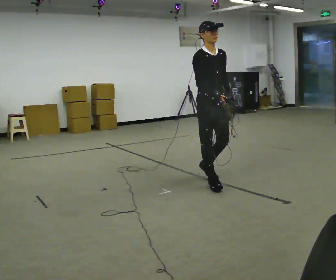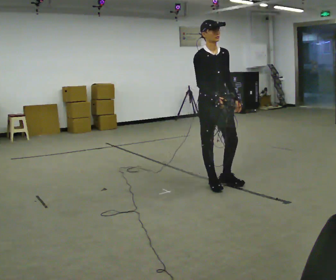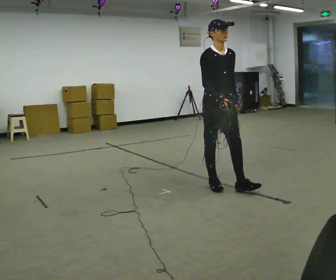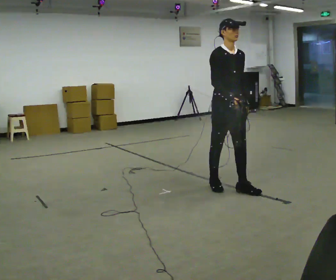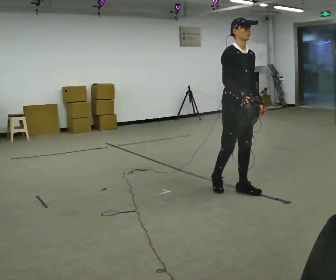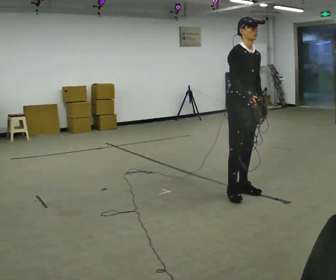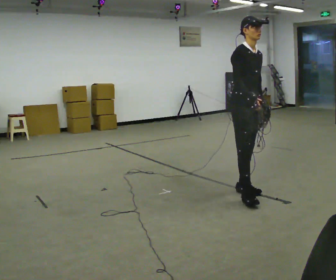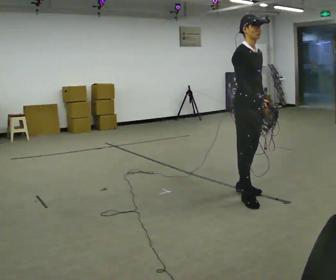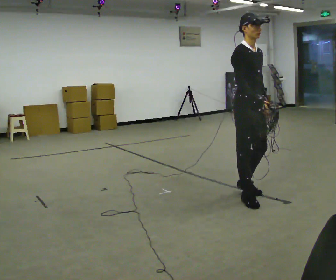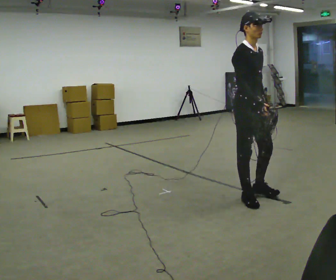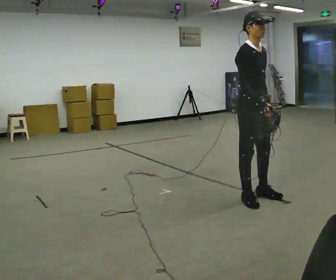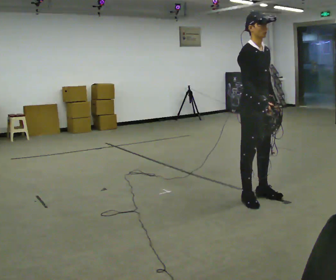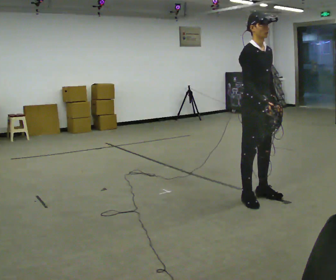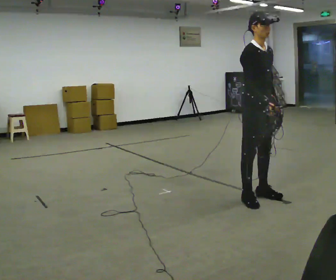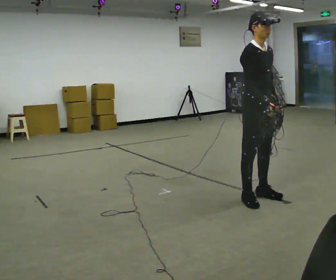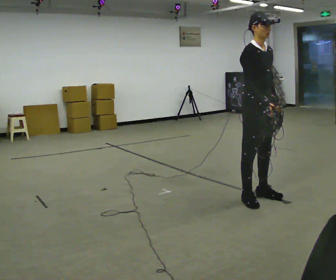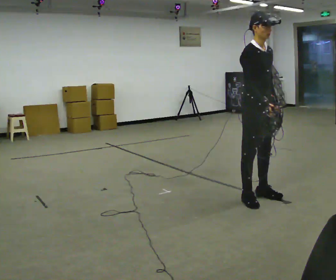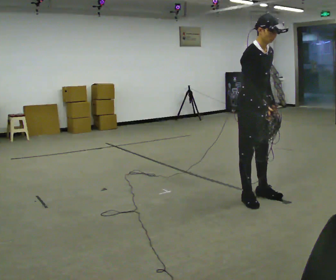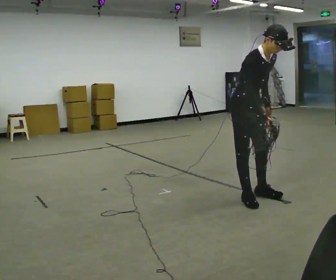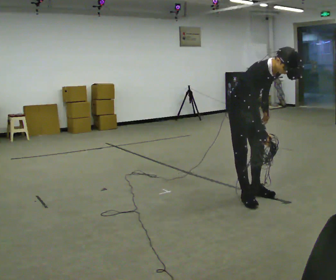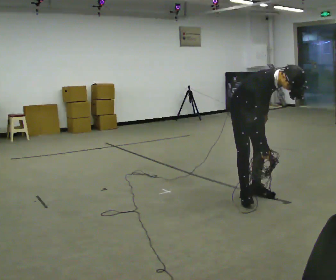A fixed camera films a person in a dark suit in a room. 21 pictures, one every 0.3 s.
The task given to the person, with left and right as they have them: Pick up the coiled hose, carry it across the room, and set it down. It will move around as you walk. Keep going until the operator says stop; one object at a time, and do not rush between trips.
0.0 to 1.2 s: In the picture they go to the right and toward the camera, about 0.25 m in 1 step, which for them is forward.
1.2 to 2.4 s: In the picture they go toward the camera, about 0.25 m in 1 step, which for them is forward and to their right.
2.4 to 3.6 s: The person moves a little, or ends about where they began.
3.6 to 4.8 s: The person keeps their place and pose.
4.8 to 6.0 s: In the picture they go away from the camera, about 0.25 m, which for them is backward. The upper body goes downward. In the picture the upper body tilts clockwise, shoulders to the right, as they bend forward.
The film runs forward here.
